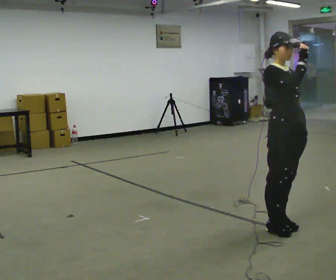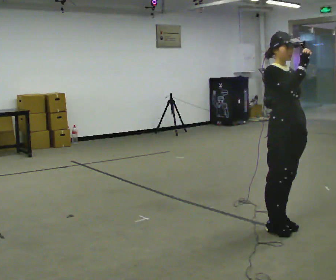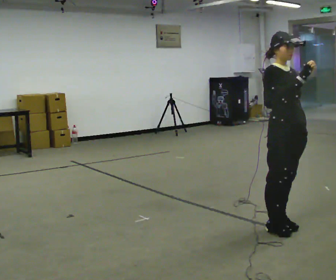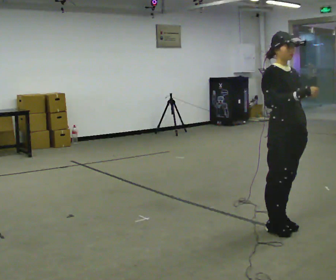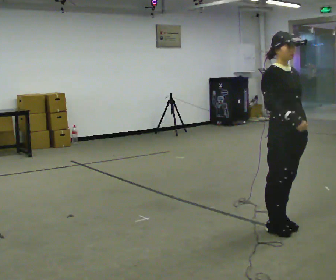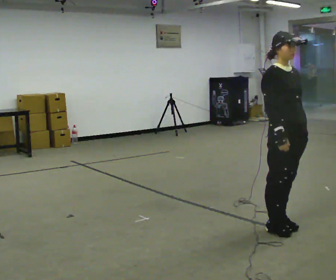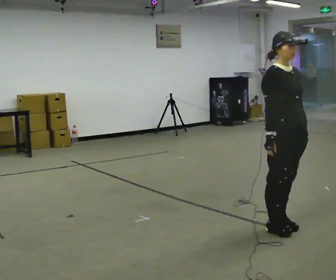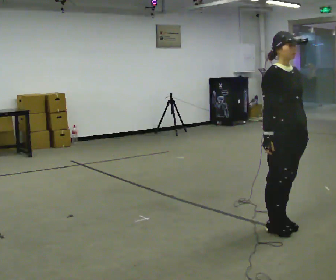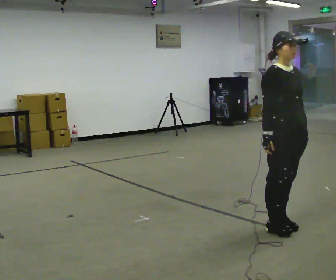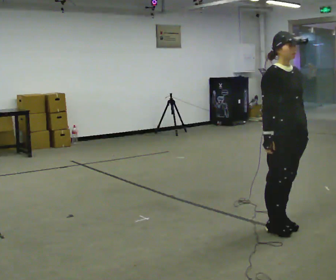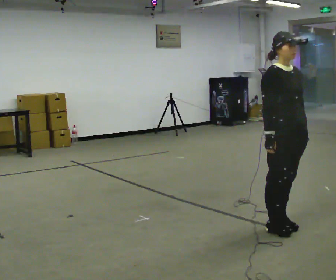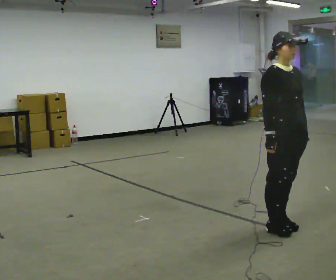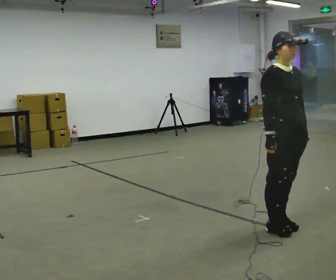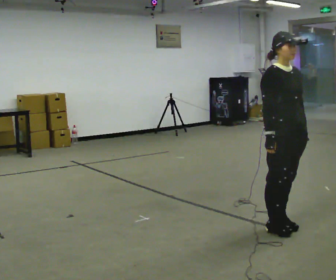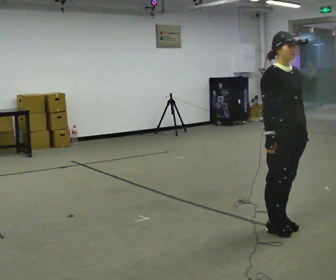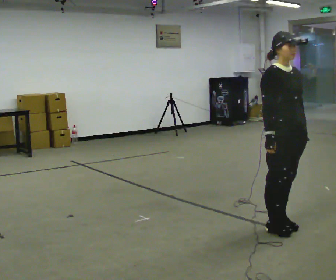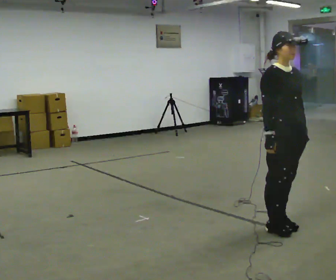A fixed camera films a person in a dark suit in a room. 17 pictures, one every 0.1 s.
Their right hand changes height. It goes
downward.
0.0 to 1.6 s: In the picture their right hand goes downward.
The film runs forward here.
